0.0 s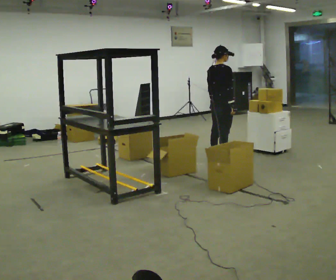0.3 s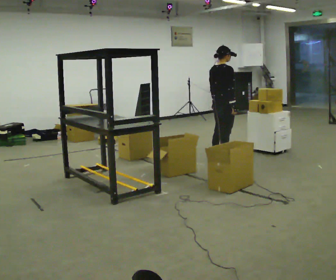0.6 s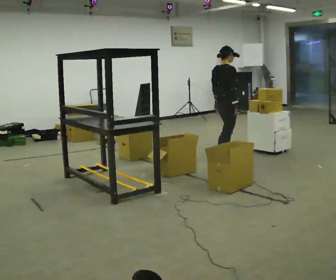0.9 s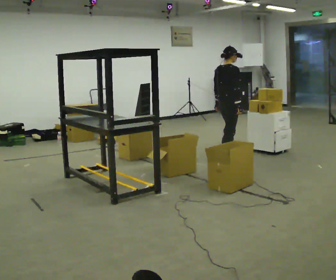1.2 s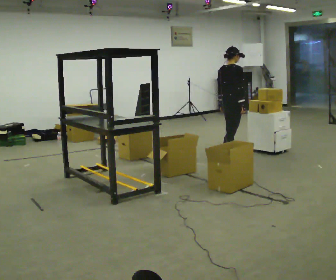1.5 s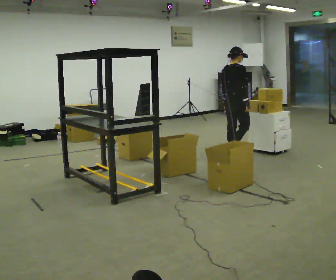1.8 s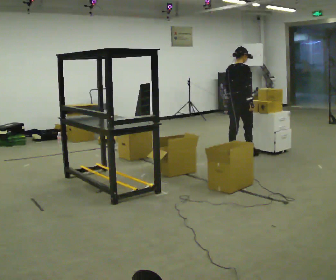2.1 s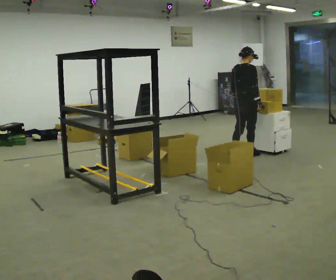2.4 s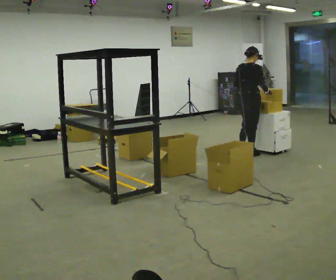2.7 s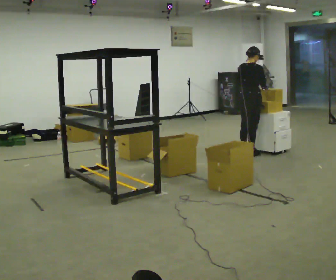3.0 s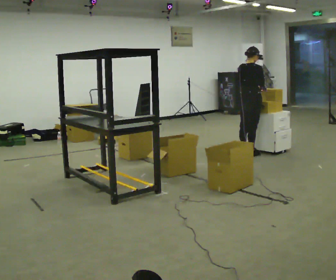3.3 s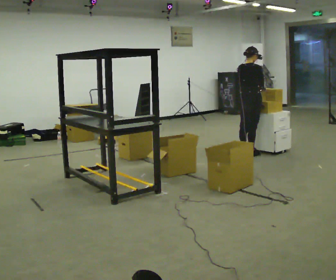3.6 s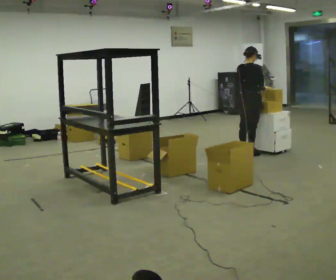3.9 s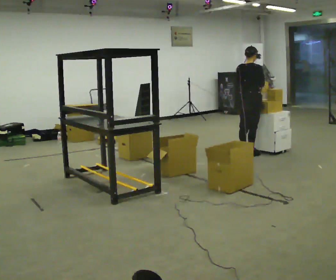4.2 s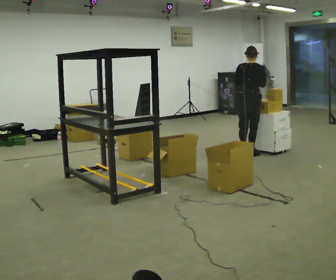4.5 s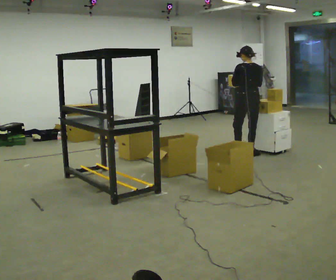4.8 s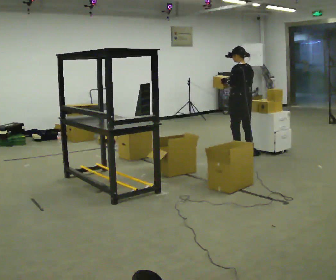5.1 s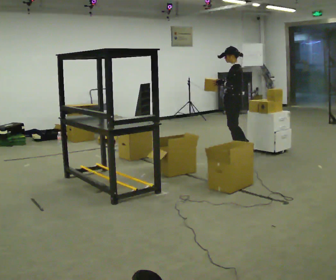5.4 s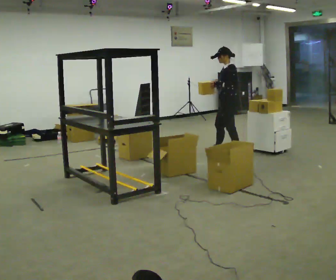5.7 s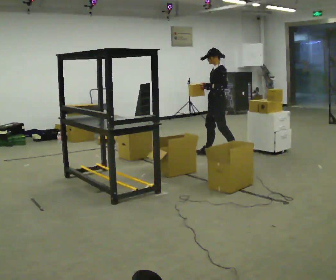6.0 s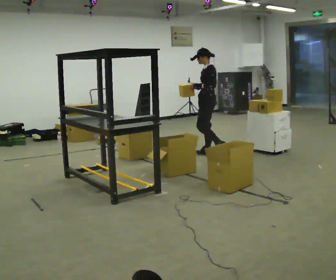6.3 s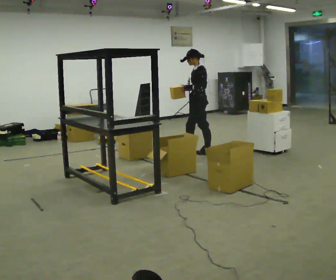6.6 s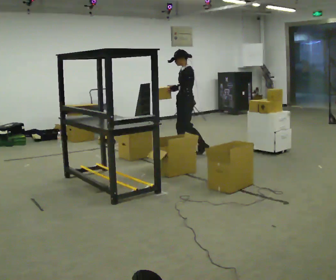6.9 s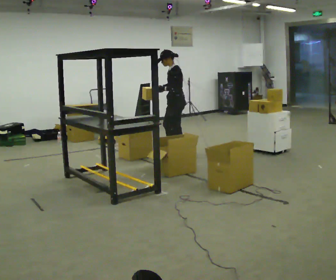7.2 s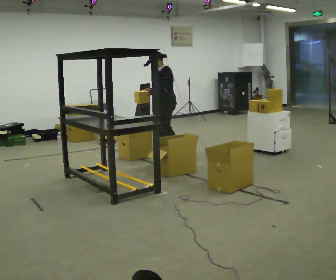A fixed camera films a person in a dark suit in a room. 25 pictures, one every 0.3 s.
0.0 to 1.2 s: The person moves a little, or ends about where they began.
1.2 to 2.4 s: In the picture they go to the right and away from the camera, about 0.25 m in 1 step, which for them is forward.
2.4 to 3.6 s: The person moves a little, or ends about where they began.
3.6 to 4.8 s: The person turns about 75 degrees to their left, counterclockwise seen from above, so the part of the body nearest the lens slides to the right. In the picture their left hand goes to the left.
4.8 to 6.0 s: The part of the body nearest the lens slides to the right as the person turns to their left by about 60 degrees. In the picture they go to the left, about 0.5 m in 1 step, which for them is forward and to their right.
6.0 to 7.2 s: In the picture they go to the left, about 0.5 m in 2 steps, which for them is forward.
The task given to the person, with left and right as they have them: 1. Take the objects out of the box on the table one at a time. 2. Put each one in the bin the operator has labelled for it. 3. Tell the operator when you are finished.
The film runs forward here.
